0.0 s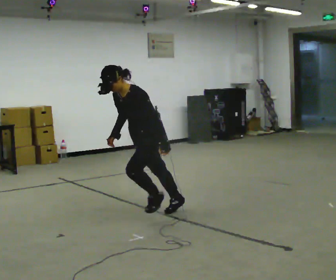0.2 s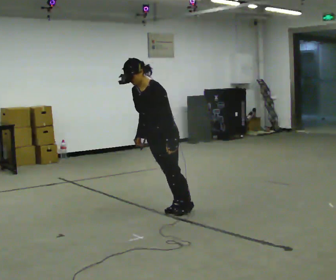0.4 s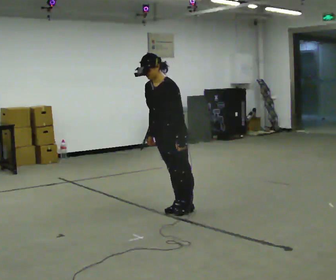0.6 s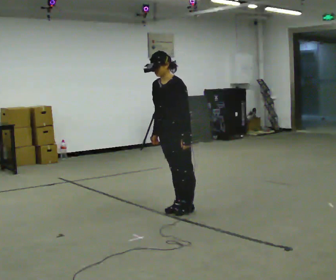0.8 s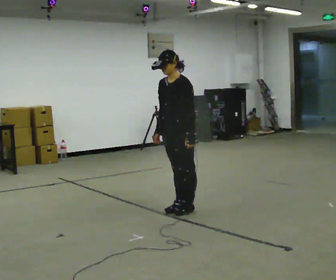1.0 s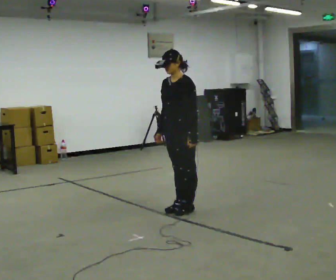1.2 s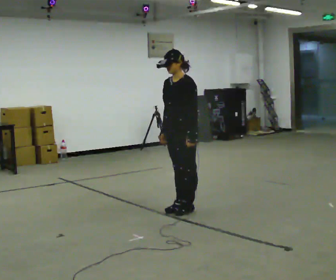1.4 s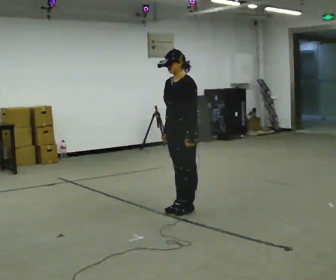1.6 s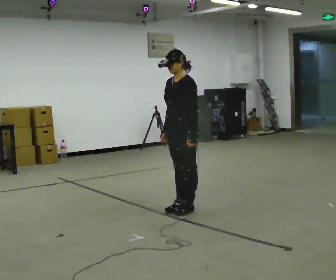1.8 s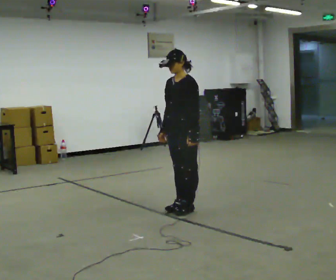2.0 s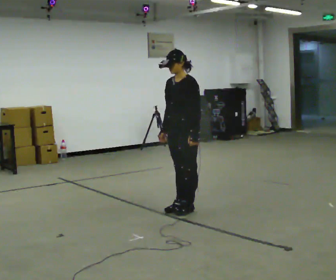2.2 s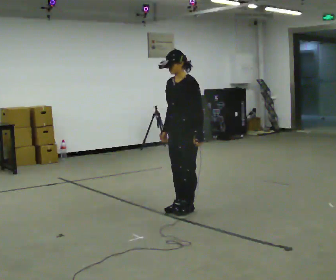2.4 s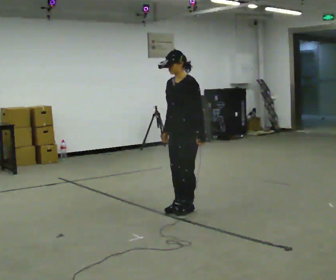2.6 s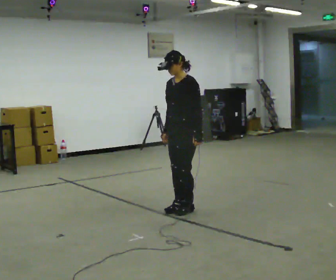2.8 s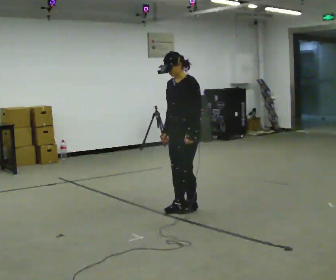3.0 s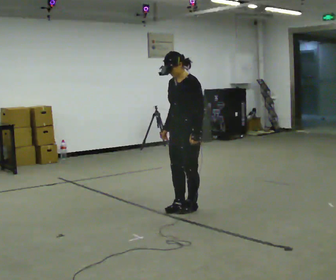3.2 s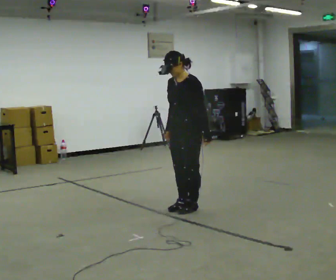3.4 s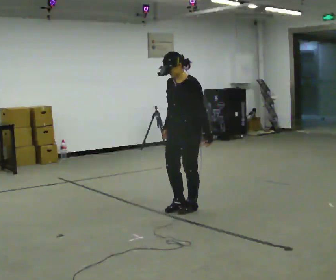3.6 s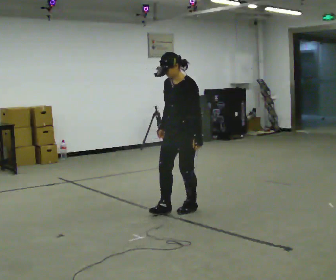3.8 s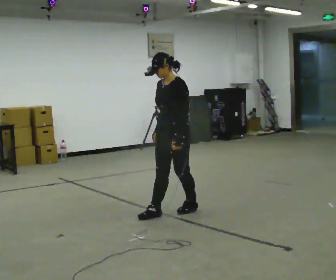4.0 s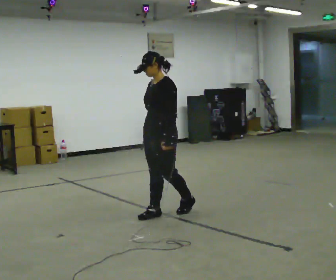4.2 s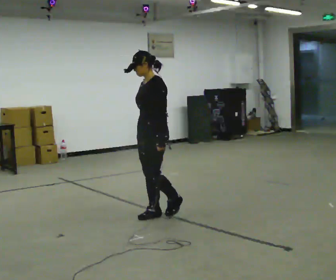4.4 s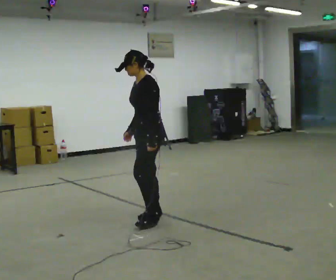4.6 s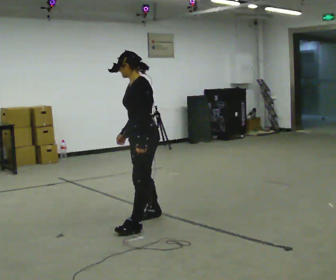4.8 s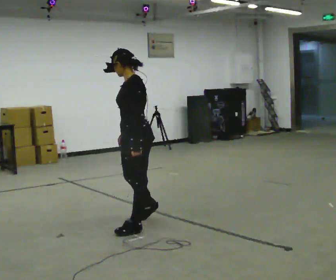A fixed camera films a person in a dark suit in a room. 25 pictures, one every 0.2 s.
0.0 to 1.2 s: In the picture they go to the right and away from the camera, about 0.5 m, which for them is backward. The upper body tips away from the camera, its near side rolling upward, as they lean back or straighten.
1.2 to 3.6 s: The person moves a little, or ends about where they began.
3.6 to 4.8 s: In the picture they go toward the camera and to the left, about 0.5 m in 2 steps, which for them is forward and to their left.
The film runs backward here.
